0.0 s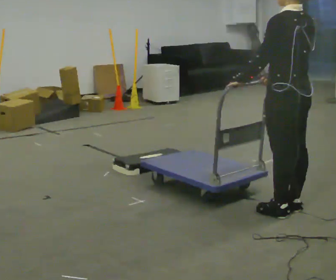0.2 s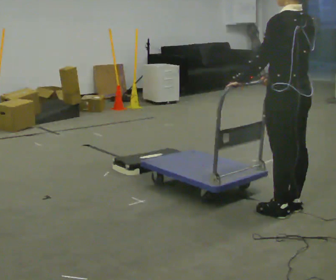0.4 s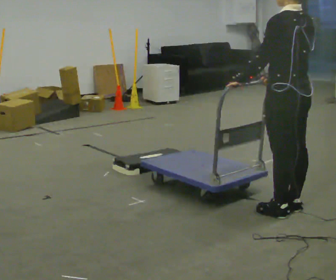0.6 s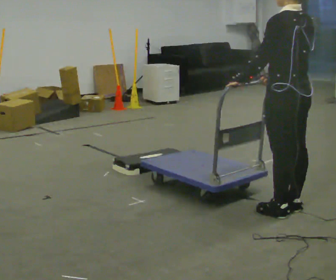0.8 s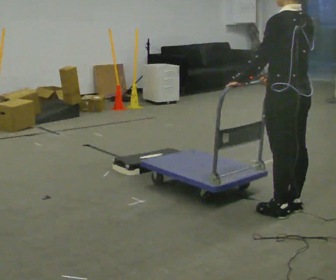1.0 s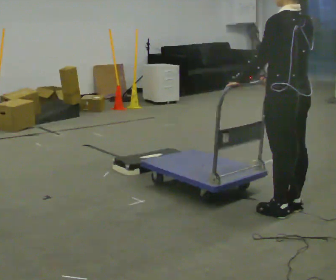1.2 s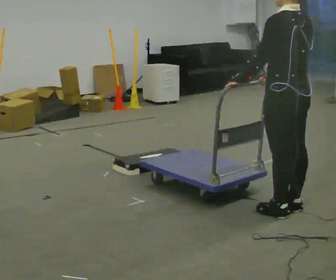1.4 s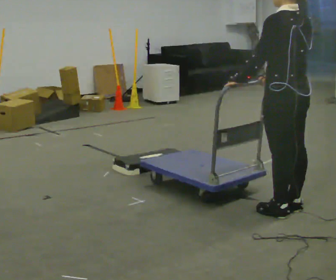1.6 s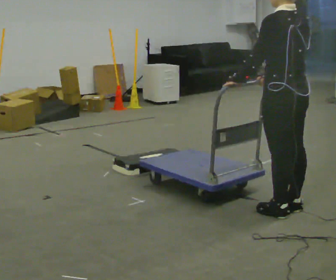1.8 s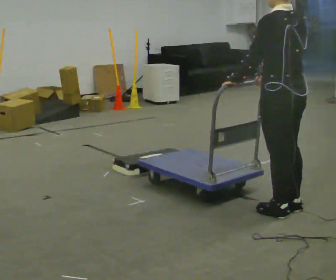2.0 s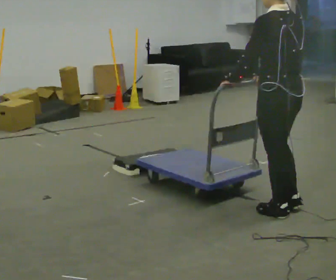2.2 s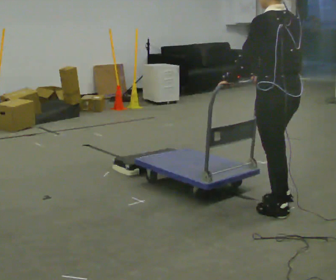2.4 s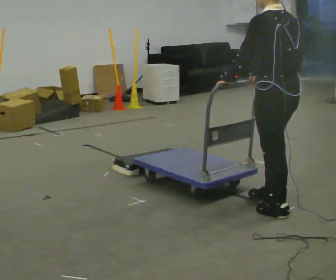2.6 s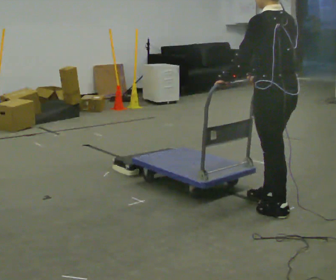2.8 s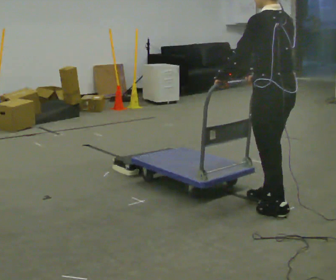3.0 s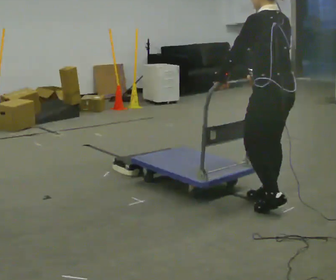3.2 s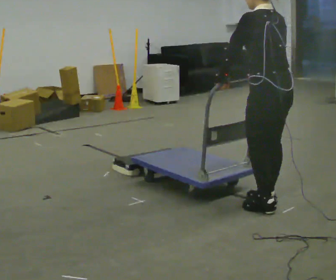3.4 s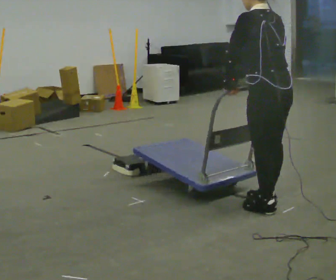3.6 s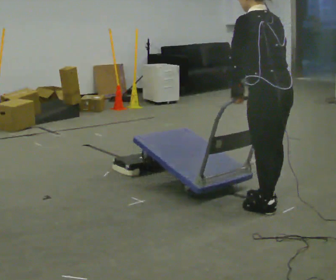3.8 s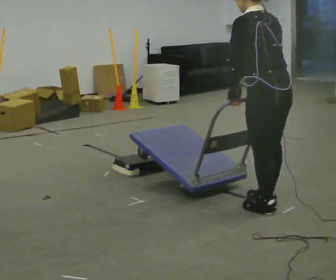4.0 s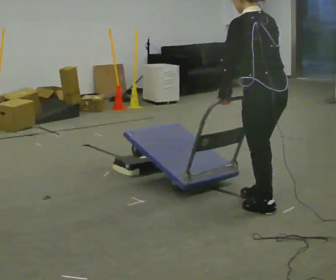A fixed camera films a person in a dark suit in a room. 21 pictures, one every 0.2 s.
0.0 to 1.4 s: The person keeps their place and pose.
1.4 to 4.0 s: In the picture they go to the left, about 0.25 m in 1 step, which for them is forward. In the picture the upper body tilts counterclockwise, shoulders to the left, as they bend forward.
The film runs forward here.
